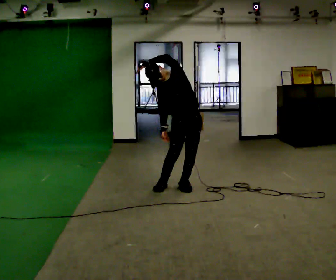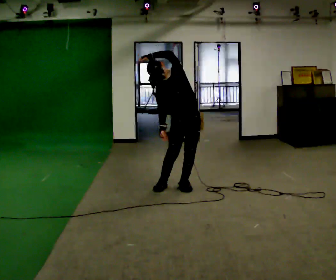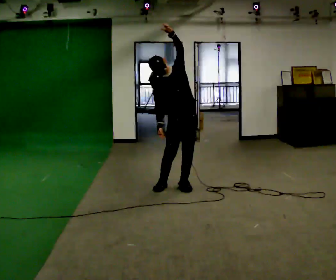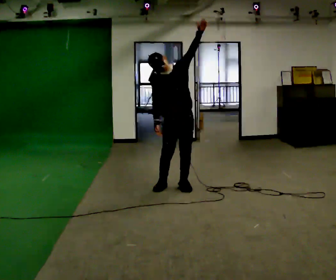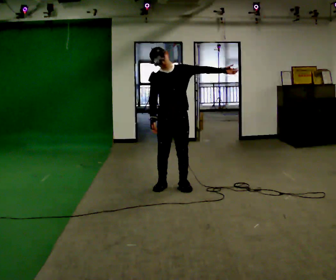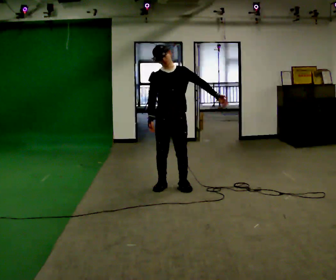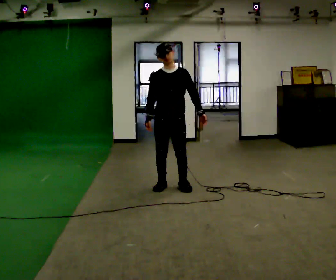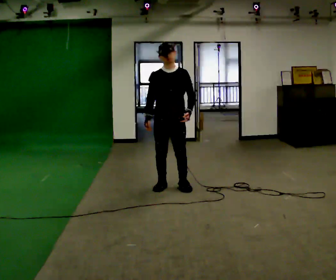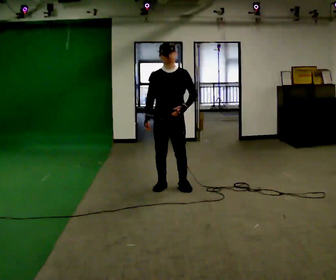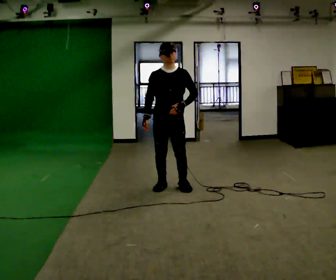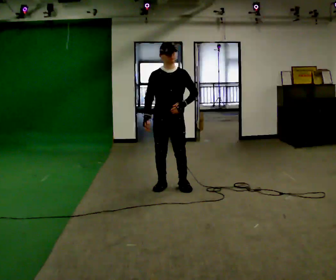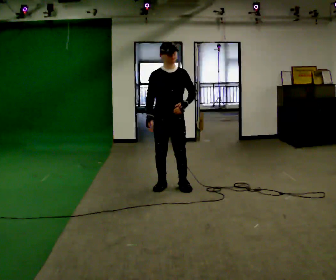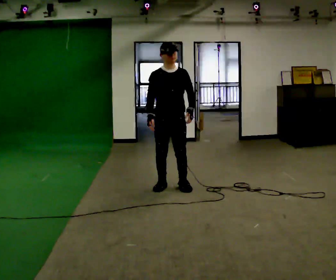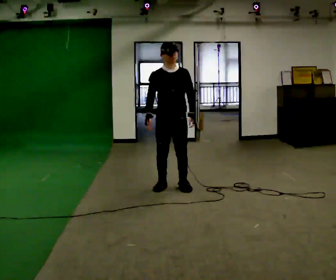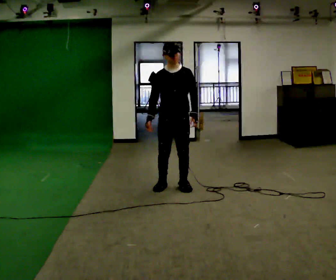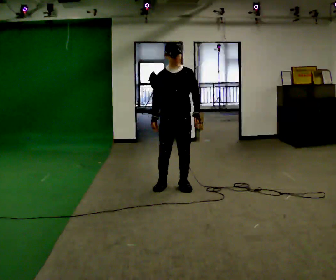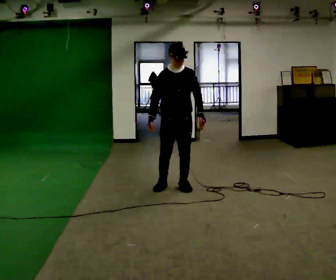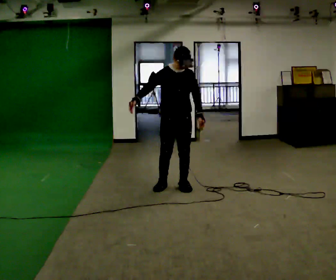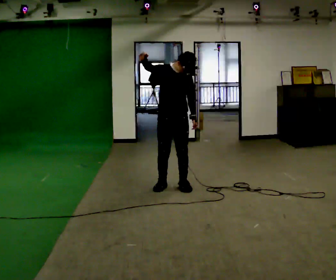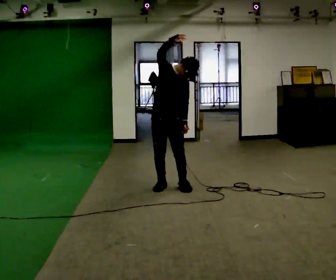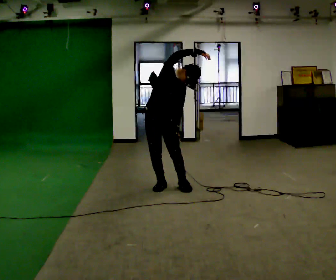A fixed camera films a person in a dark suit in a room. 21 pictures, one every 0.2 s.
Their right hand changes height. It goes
upward.
The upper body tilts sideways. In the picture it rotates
clockwise.
0.0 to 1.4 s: In the picture they go to the left, about 0.25 m, which for them is to their right. In the picture the upper body tilts clockwise, shoulders to the right. In the picture their left hand goes downward and to the right, the arm swinging clockwise.
1.4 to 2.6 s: The person moves a little, or ends about where they began.
2.6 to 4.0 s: In the picture the upper body tilts clockwise, shoulders to the right. In the picture their right hand goes upward and to the right, the arm swinging clockwise.
The film runs backward here.
